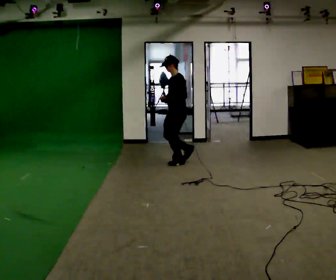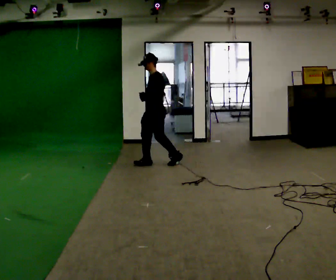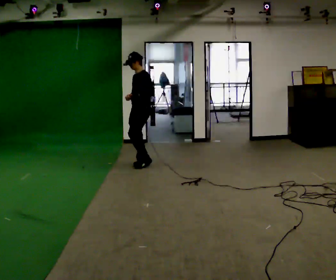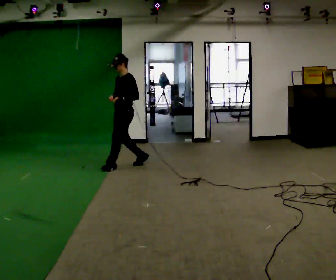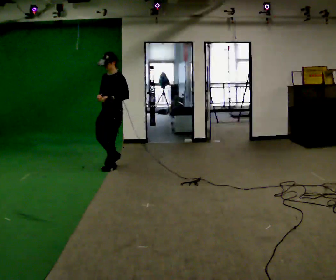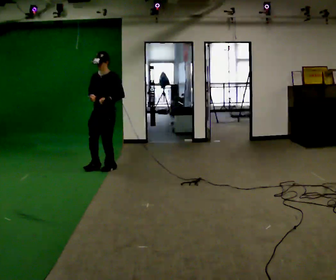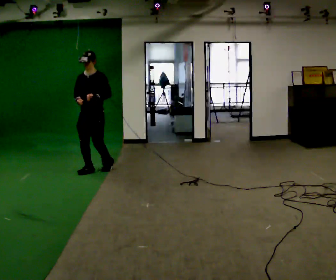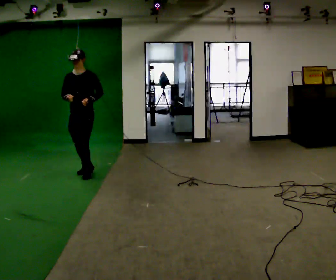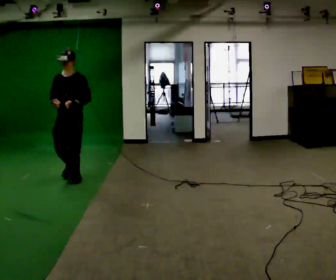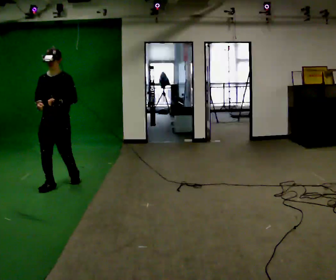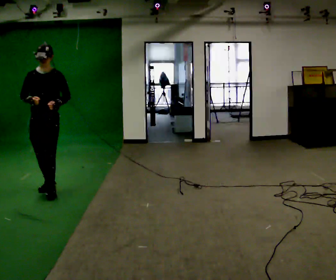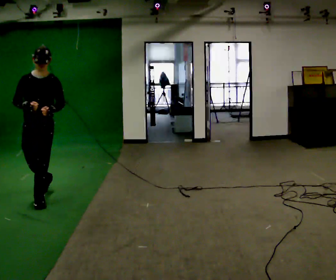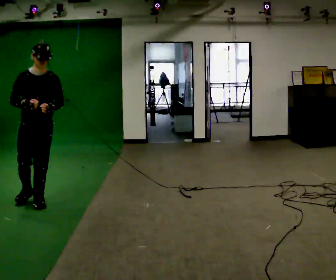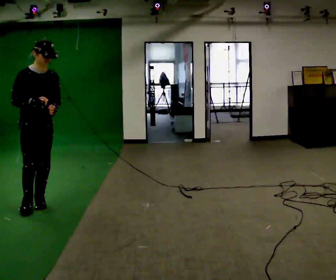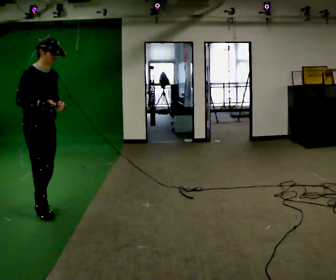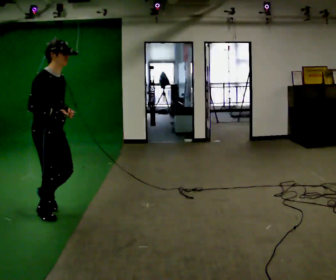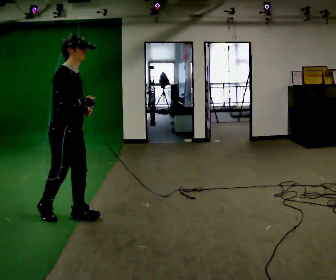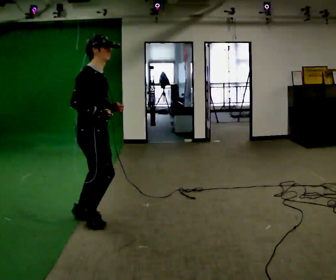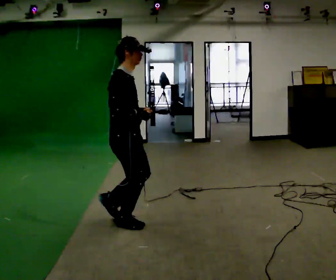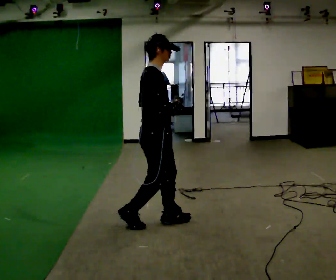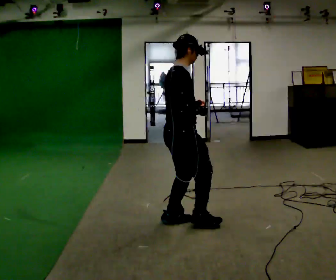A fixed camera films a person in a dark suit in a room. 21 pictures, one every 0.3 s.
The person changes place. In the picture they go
toward the camera.
The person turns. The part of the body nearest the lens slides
to the right.
0.0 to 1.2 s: The part of the body nearest the lens slides to the right as the person turns to their left by about 30 degrees. In the picture they go to the left, about 1 m in 2 steps, which for them is forward.
1.2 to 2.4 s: The person turns about 30 degrees to their left, counterclockwise seen from above, so the part of the body nearest the lens slides to the right. In the picture they go toward the camera and to the left, about 1 m in 2 steps, which for them is forward.
2.4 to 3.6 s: Seen from above the body turns counterclockwise, about 30 degrees: to their left, with its near side sliding to the right. In the picture they go toward the camera, about 1 m in 2 steps, which for them is forward.
3.6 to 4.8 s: The person turns about 60 degrees to their left, counterclockwise seen from above, so the part of the body nearest the lens slides to the right. In the picture they go toward the camera and to the right, about 0.5 m in 2 steps.
4.8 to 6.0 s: The part of the body nearest the lens slides to the right as the person turns to their left by about 30 degrees. In the picture they go to the right, about 1 m in 2 steps, which for them is forward.
The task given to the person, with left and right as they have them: Jog the curves and run hard along the straight sections, then ease off into the next curve. Keep going until the operator says stop.
The film runs forward here.
